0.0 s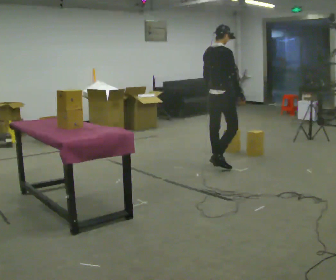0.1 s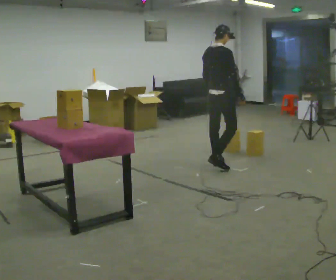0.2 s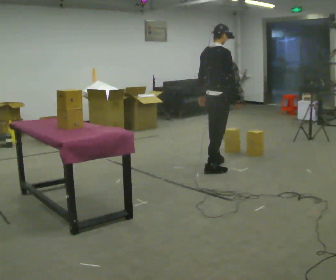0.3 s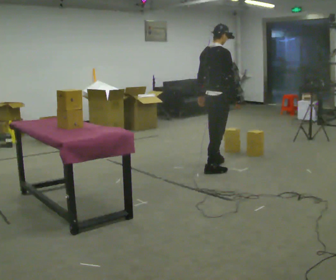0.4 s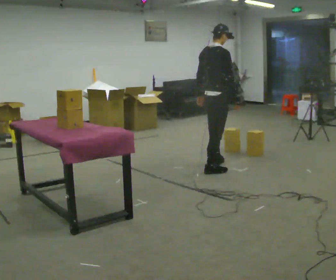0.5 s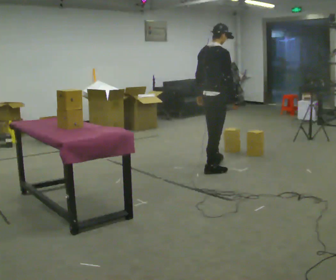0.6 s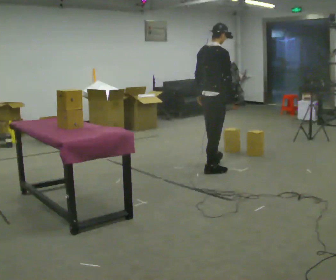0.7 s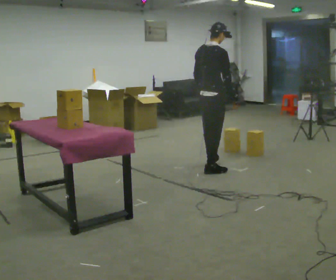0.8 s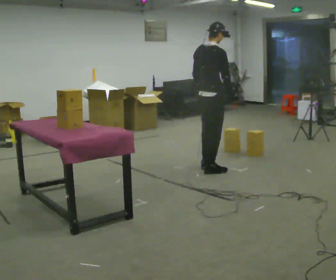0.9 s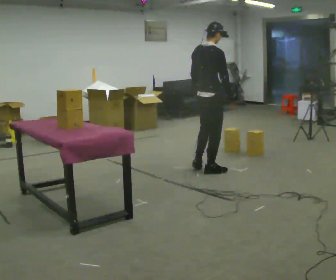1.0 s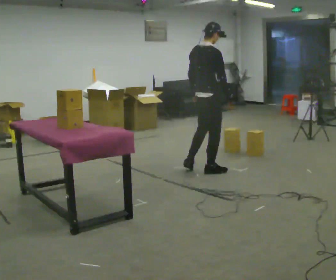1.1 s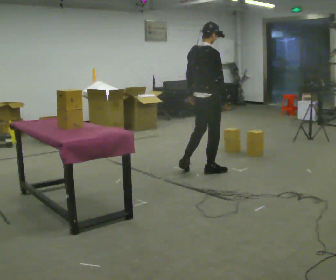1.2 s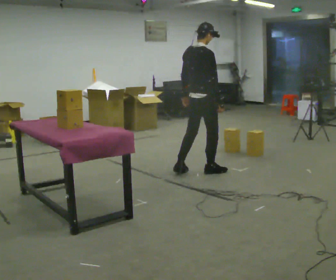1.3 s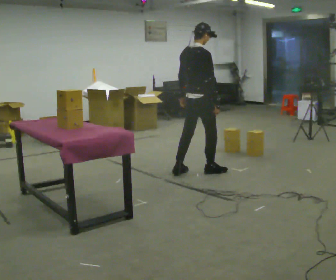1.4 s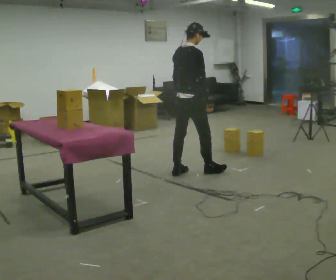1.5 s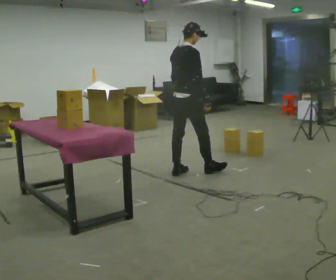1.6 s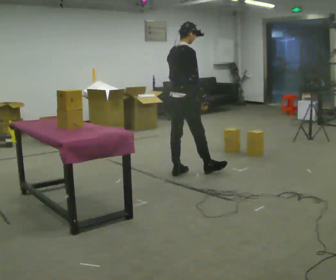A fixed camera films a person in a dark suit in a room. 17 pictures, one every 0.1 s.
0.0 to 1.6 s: In the picture they go to the left and toward the camera, about 0.5 m in 2 steps, which for them is backward.
The film runs backward here.
